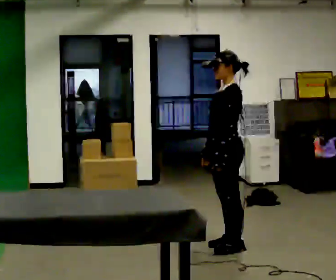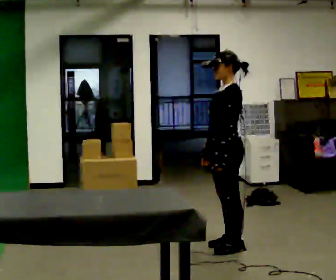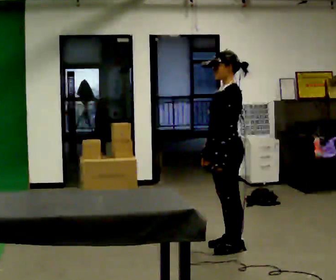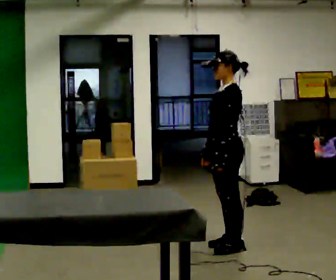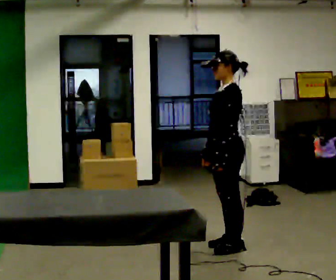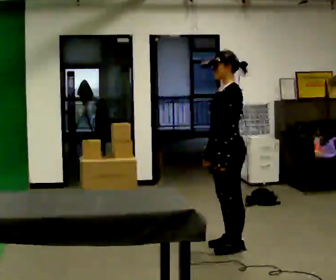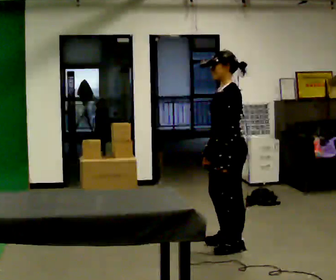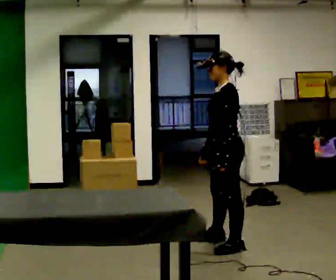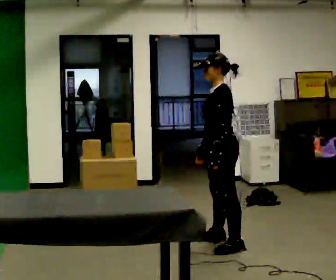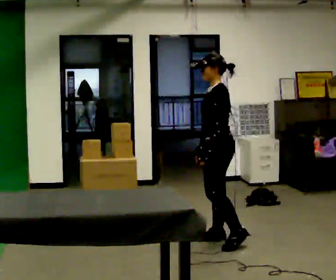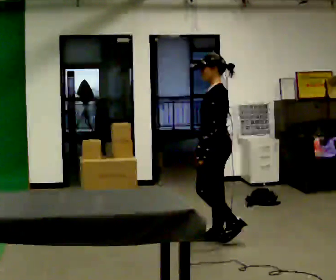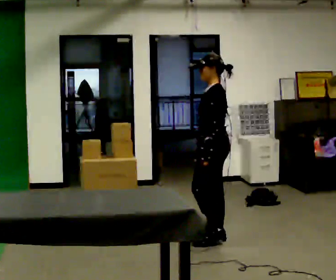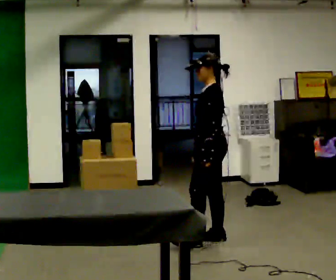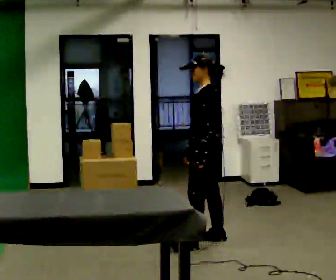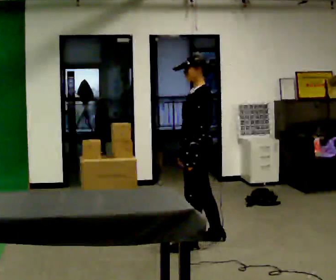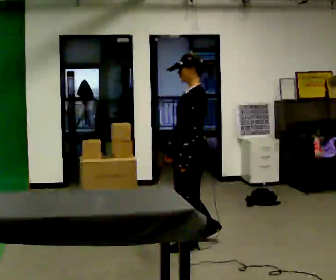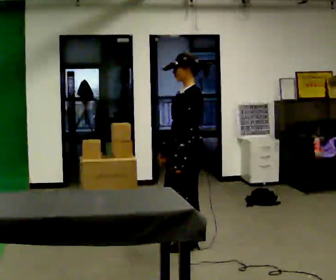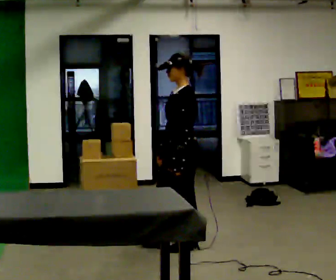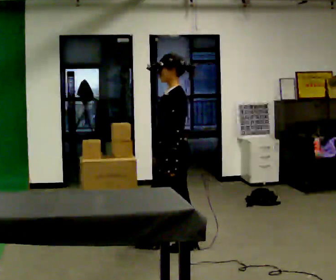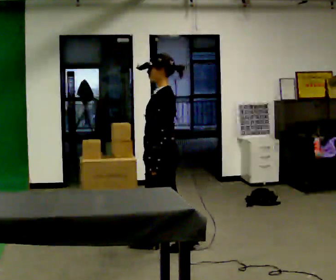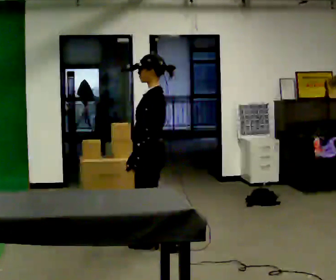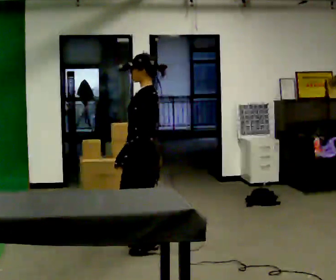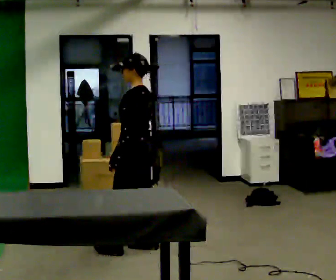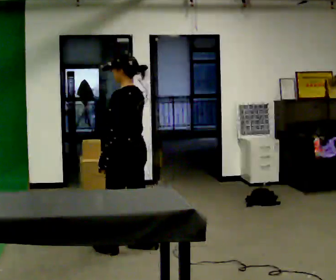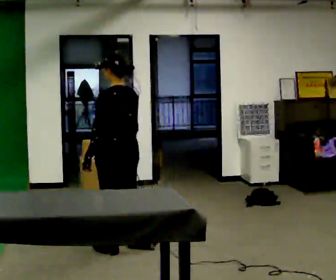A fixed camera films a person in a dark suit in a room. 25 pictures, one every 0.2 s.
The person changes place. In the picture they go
to the left.
0.0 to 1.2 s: The person moves a little, or ends about where they began.
1.2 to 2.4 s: In the picture they go away from the camera, about 0.25 m in 1 step, which for them is to their right.
2.4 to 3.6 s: In the picture they go to the left and toward the camera, about 0.25 m in 2 steps, which for them is forward and to their left.
3.6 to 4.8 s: Seen from above the body turns clockwise, about 45 degrees: to their right, with its near side sliding to the left. In the picture they go to the left, about 0.5 m in 1 step, which for them is forward.
The film runs forward here.
